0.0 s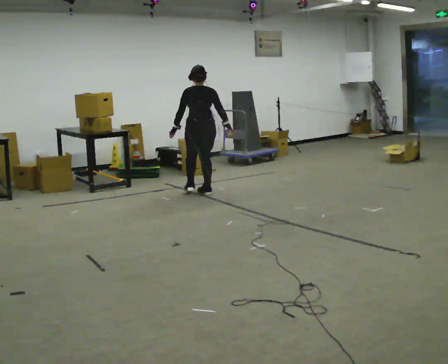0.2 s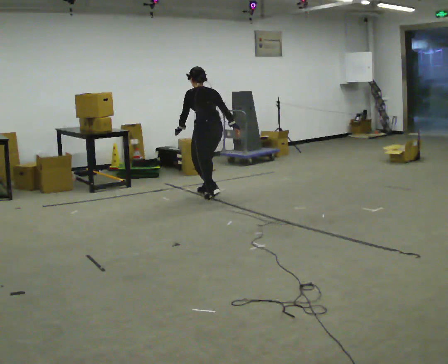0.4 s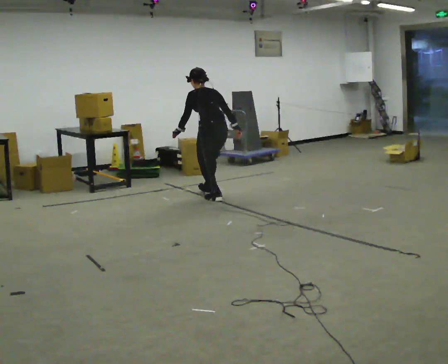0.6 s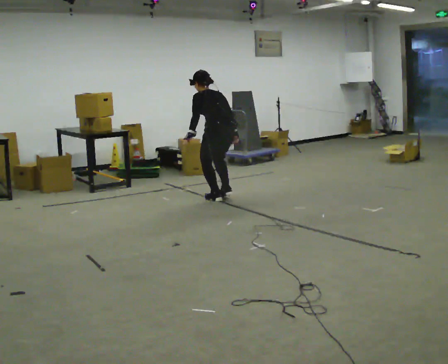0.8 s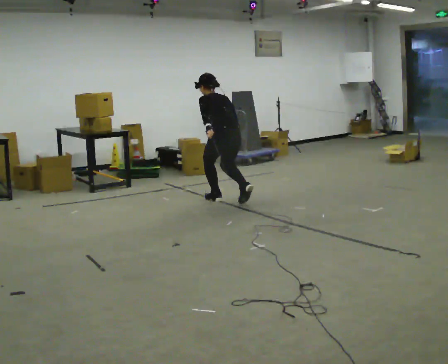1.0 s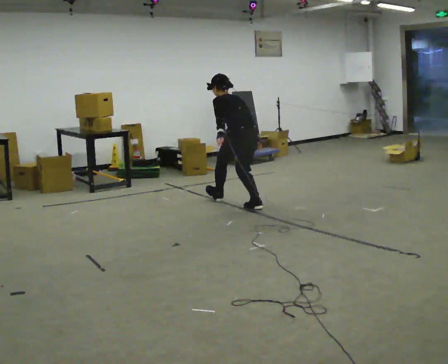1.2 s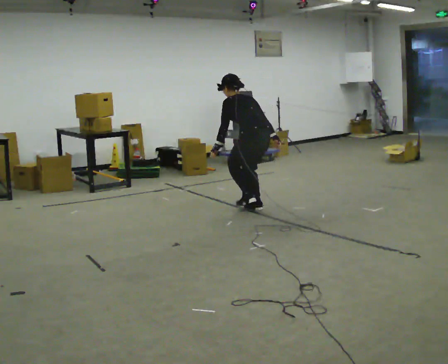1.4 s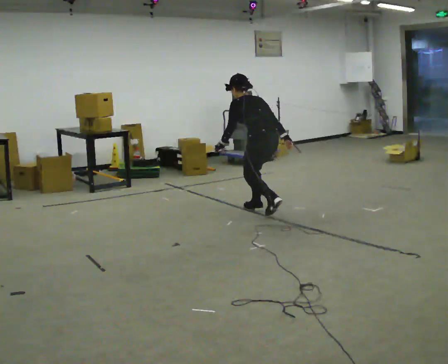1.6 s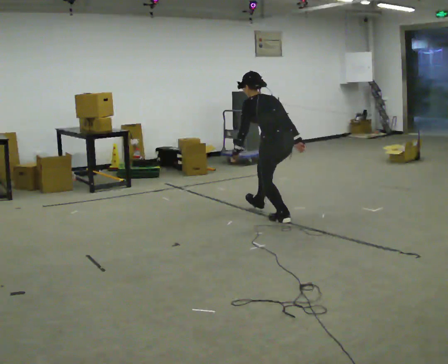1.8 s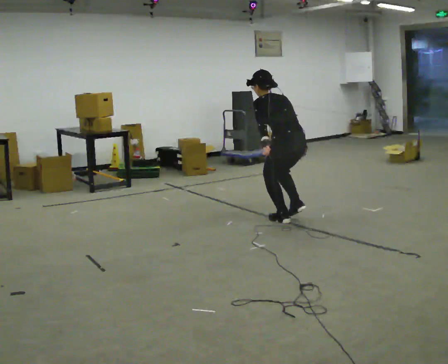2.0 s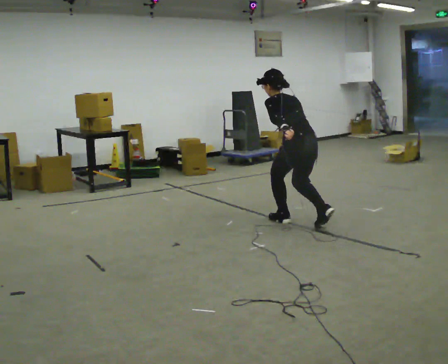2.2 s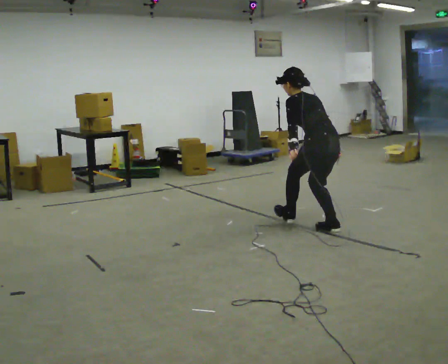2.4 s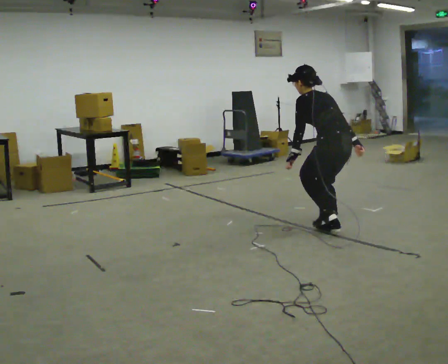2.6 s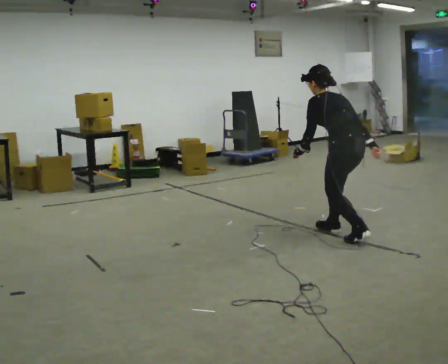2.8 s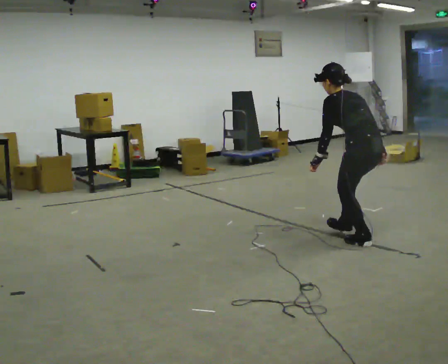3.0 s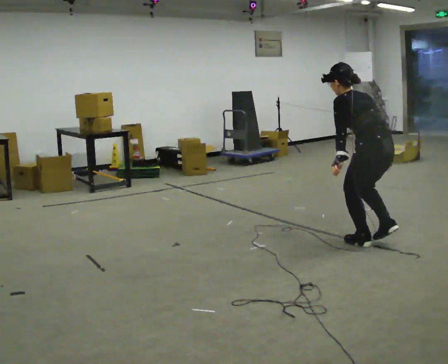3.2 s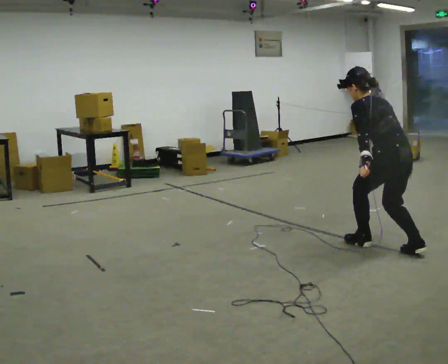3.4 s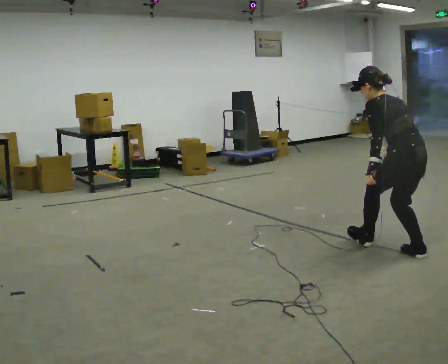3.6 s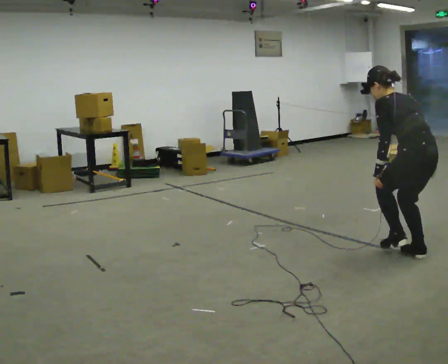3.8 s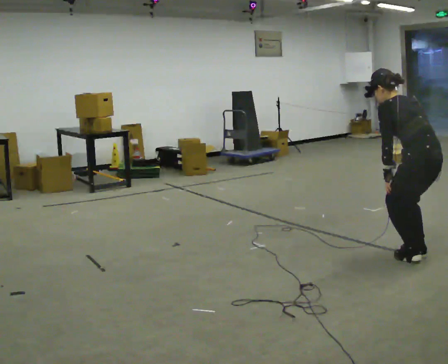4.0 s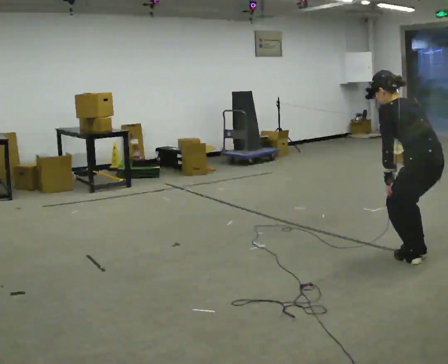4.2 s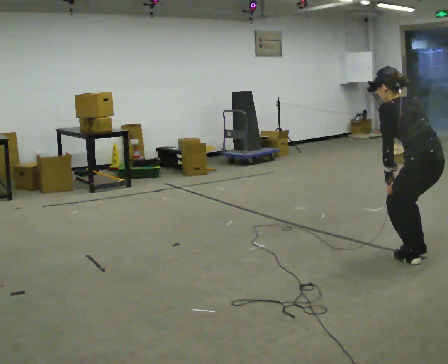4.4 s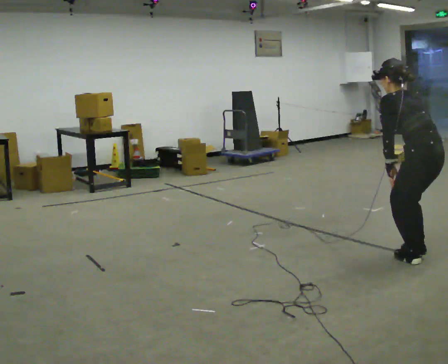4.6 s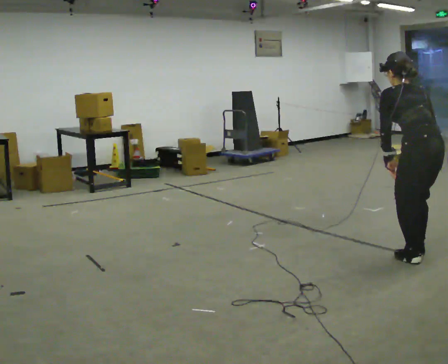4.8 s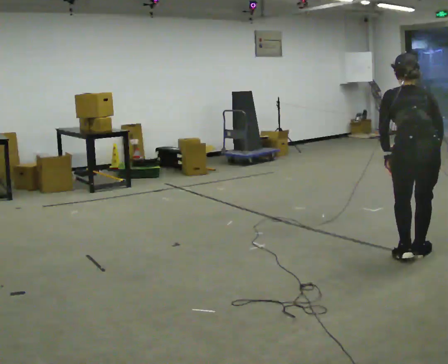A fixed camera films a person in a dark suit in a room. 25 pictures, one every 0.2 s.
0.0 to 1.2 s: Seen from above the body turns counterclockwise, about 30 degrees: to their left, with its near side sliding to the right. In the picture they go to the right and toward the camera, about 1 m in 2 steps, which for them is backward. In the picture the upper body tilts counterclockwise, shoulders to the left.
1.2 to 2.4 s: In the picture they go to the right and toward the camera, about 1 m in 2 steps, which for them is backward.
2.4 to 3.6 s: In the picture they go toward the camera and to the right, about 1 m in 2 steps, which for them is backward.
3.6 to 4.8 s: The part of the body nearest the lens slides to the left as the person turns to their right by about 30 degrees. In the picture the upper body tilts clockwise, shoulders to the right.
The film runs backward here.
